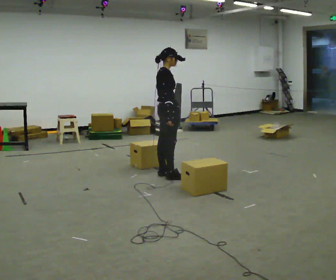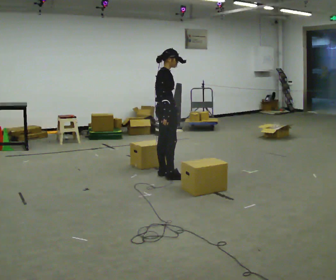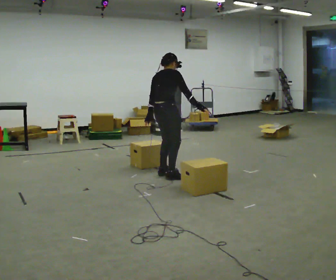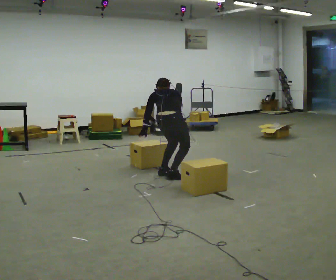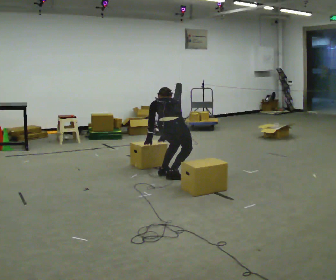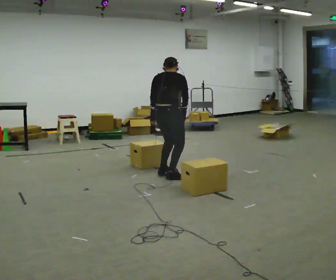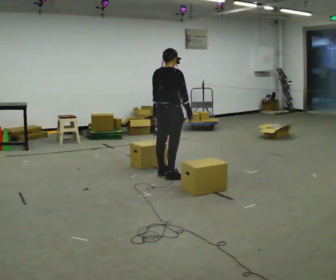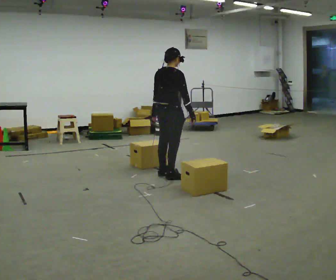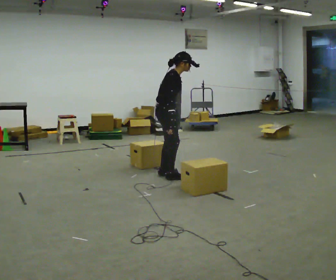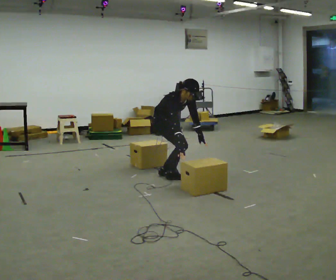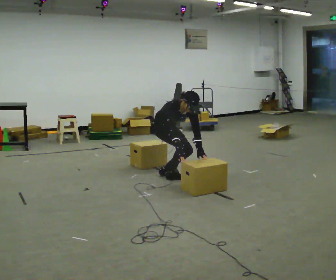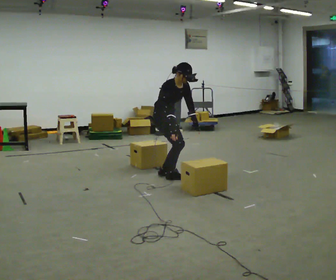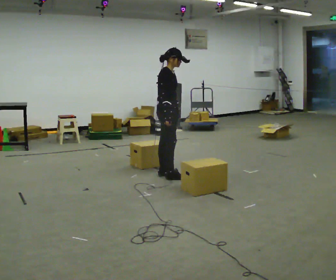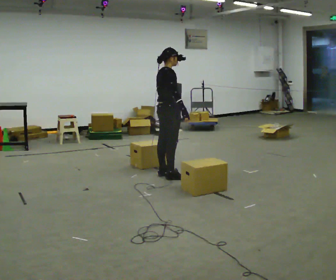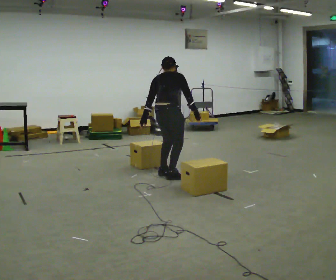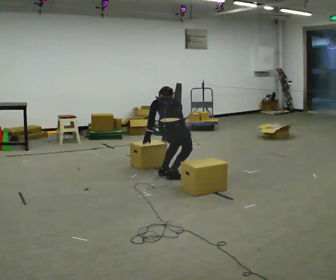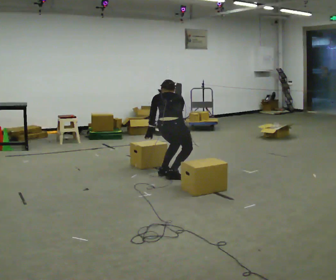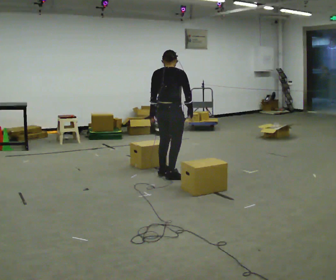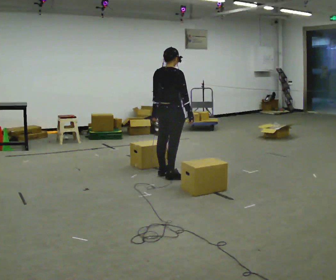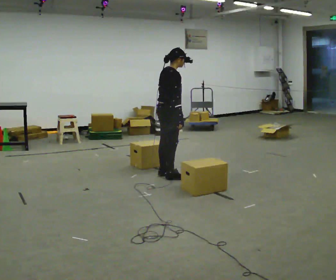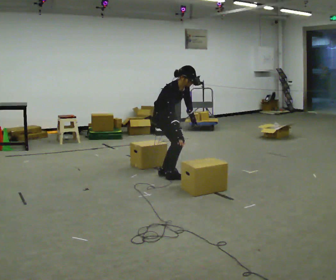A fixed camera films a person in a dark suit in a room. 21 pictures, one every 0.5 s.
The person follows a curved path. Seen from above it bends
counterclockwise.
0.0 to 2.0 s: The part of the body nearest the lens slides to the right as the person turns to their left by about 75 degrees. In the picture they go toward the camera, about 0.25 m. The shoulders move downward. The upper body tips away from the camera, its near side rolling upward, as they bend forward. In the picture their right hand goes downward.
2.0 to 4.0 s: Seen from above the body turns clockwise, about 90 degrees: to their right, with its near side sliding to the left. The upper body goes upward. The upper body tips toward the camera, its near side rolling downward.
4.0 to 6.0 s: The person moves a little, or ends about where they began.
6.0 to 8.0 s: The part of the body nearest the lens slides to the right as the person turns to their left by about 90 degrees. In the picture they go toward the camera, about 0.25 m. The upper body tips away from the camera, its near side rolling upward.
8.0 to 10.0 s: The part of the body nearest the lens slides to the left as the person turns to their right by about 105 degrees. In the picture they go to the left, about 0.25 m. The upper body tips toward the camera, its near side rolling downward.
The film runs backward here.
